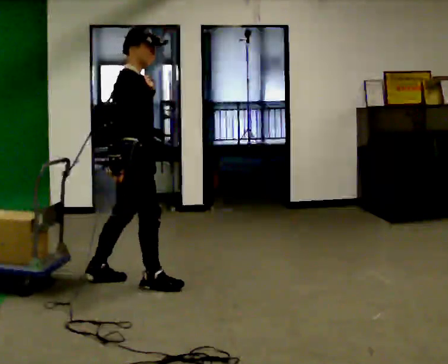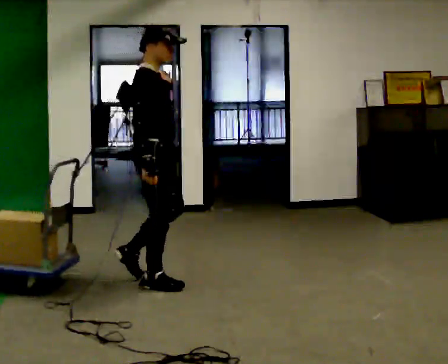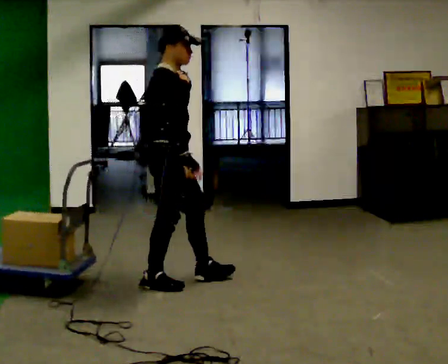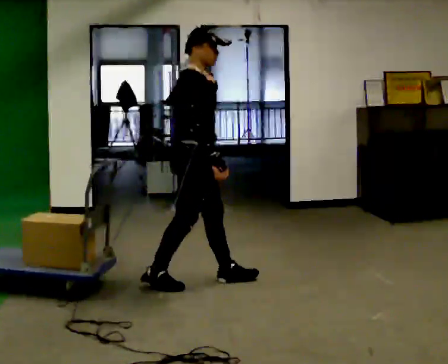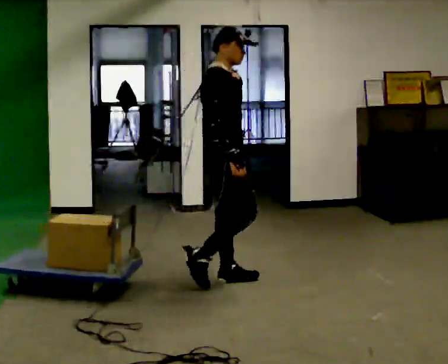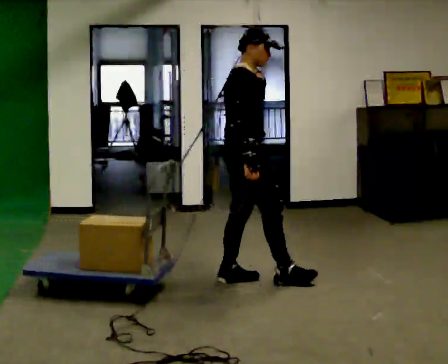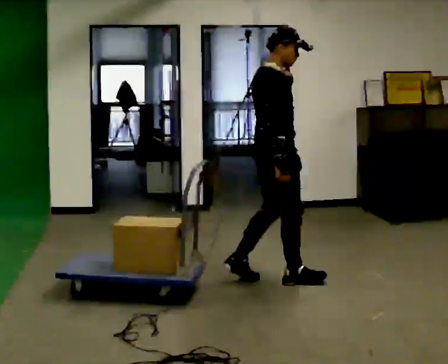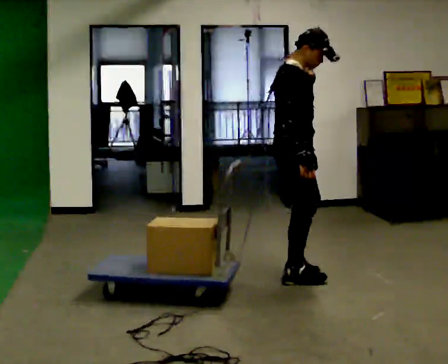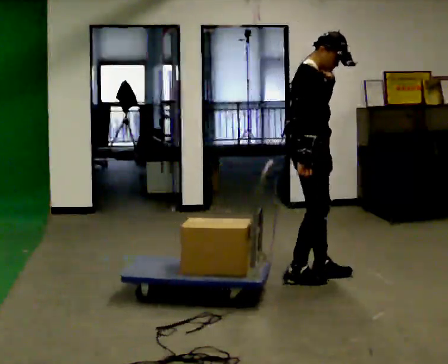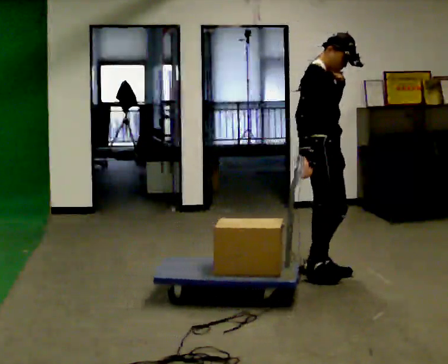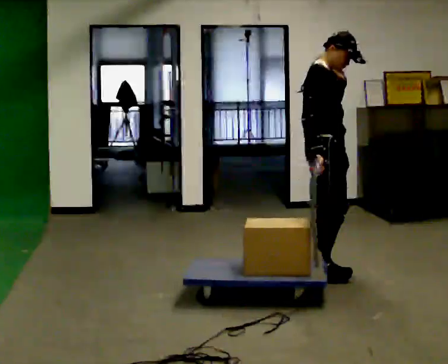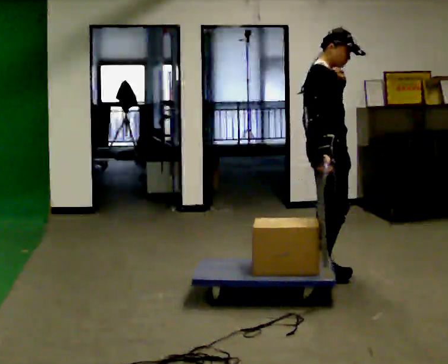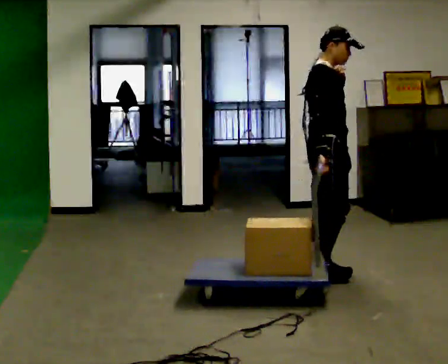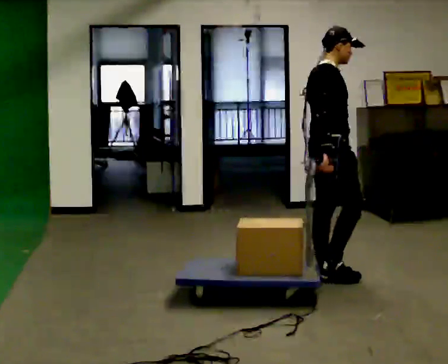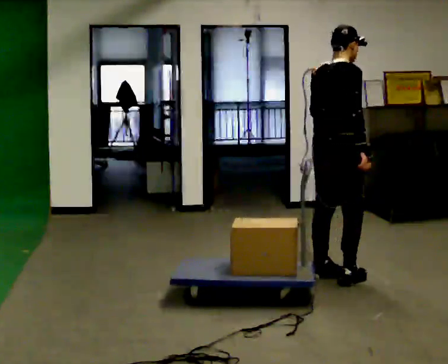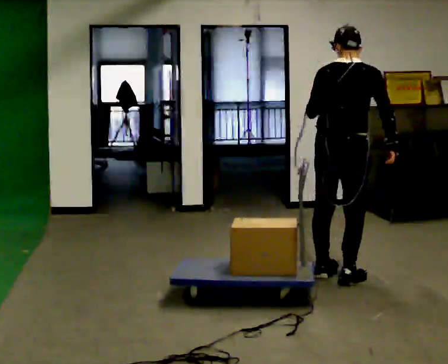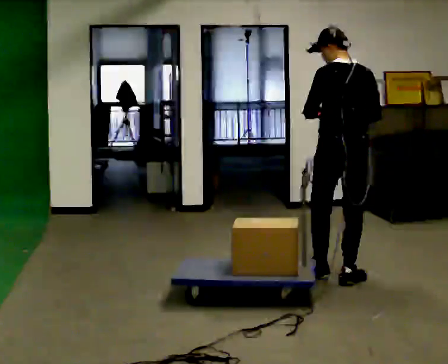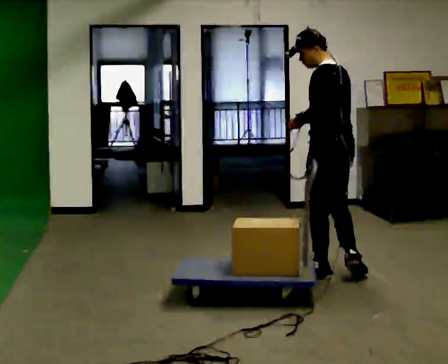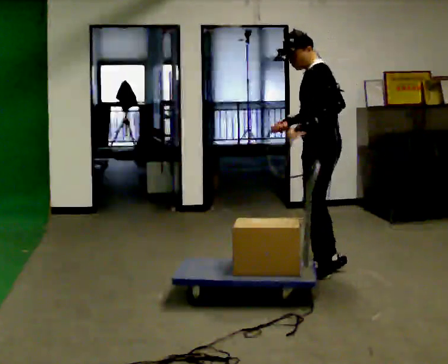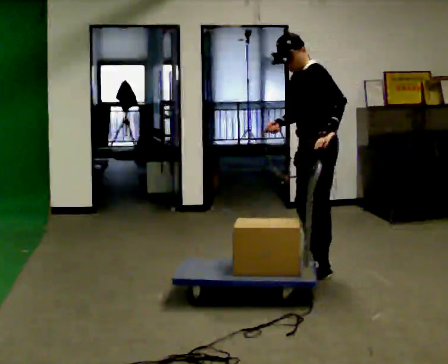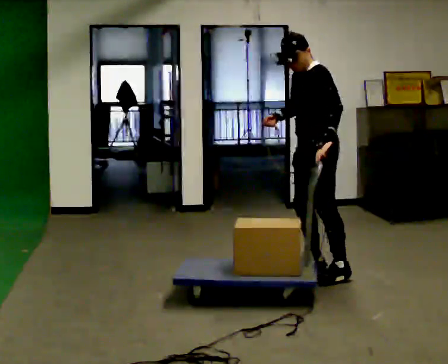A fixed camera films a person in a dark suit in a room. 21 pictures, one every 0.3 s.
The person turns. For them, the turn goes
to their left.
The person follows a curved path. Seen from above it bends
counterclockwise.
0.0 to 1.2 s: In the picture they go to the right, about 0.5 m in 1 step, which for them is forward.
1.2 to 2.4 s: In the picture they go to the right, about 0.5 m in 2 steps, which for them is forward.
2.4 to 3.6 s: The person moves a little, or ends about where they began.
3.6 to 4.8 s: Seen from above the body turns counterclockwise, about 105 degrees: to their left, with its near side sliding to the right. In the picture they go to the right, about 0.25 m in 1 step.
4.8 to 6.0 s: The part of the body nearest the lens slides to the right as the person turns to their left by about 90 degrees. In the picture they go away from the camera, about 0.25 m in 1 step.
The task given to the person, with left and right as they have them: Put the rope over your shoulder and drag the sled across the room. Keep going until the operator says stop.
The film runs forward here.
